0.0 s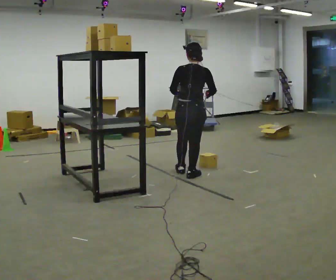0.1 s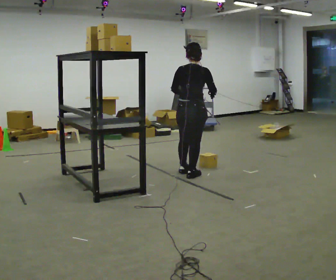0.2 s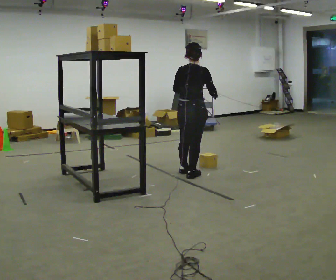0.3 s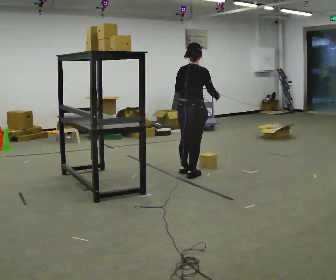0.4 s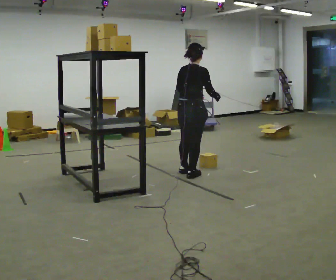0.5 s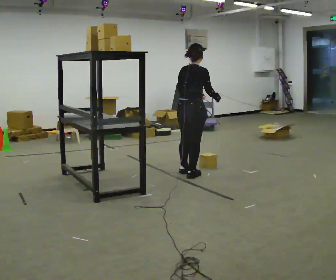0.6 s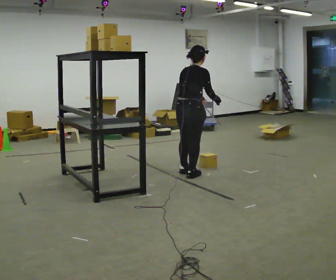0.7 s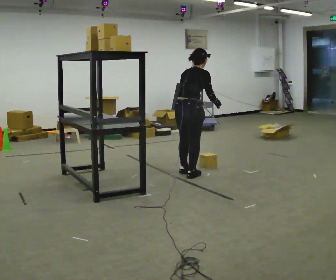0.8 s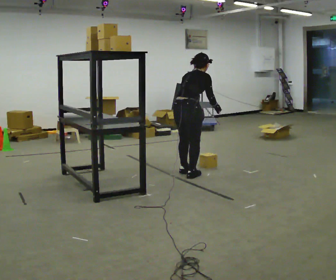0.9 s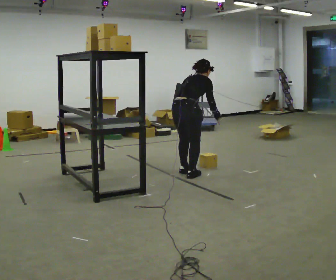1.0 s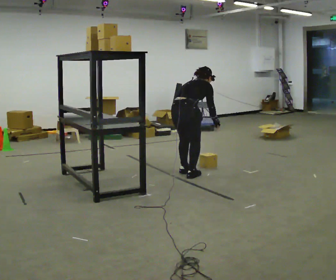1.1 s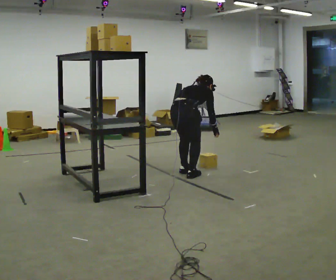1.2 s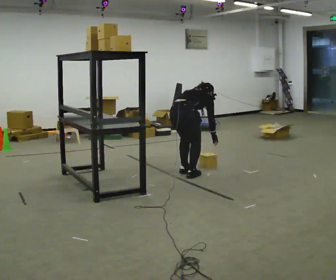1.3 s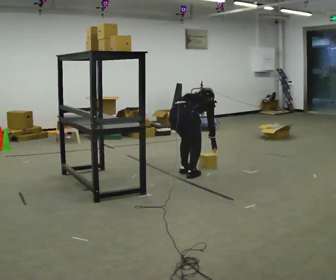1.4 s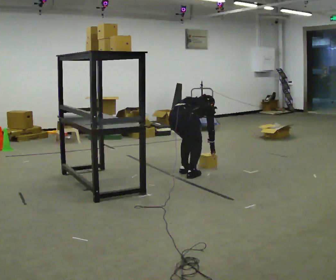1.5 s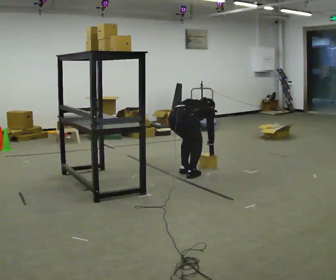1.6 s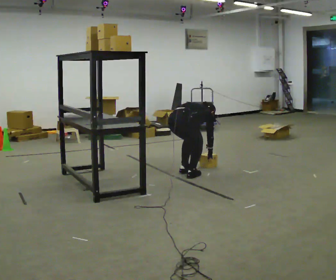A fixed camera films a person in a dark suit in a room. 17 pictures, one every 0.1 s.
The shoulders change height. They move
downward.
The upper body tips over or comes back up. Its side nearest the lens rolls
upward.
0.0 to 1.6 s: Seen from above the body turns clockwise, about 30 degrees: to their right, with its near side sliding to the left. The shoulders move downward. The upper body tips away from the camera, its near side rolling upward, as they bend forward. In the picture their right hand goes downward.
The film runs backward here.
